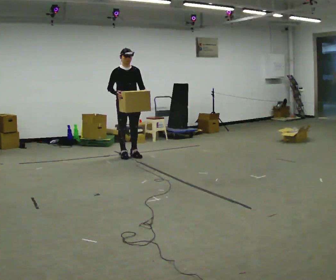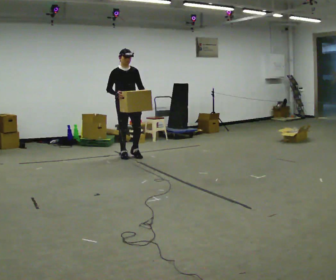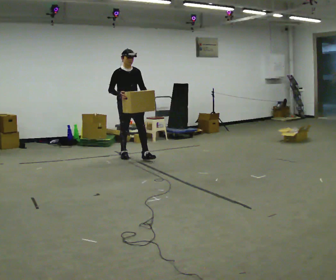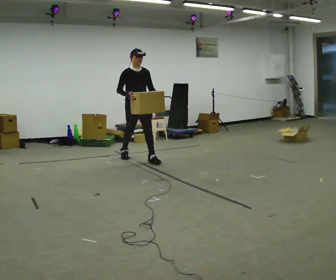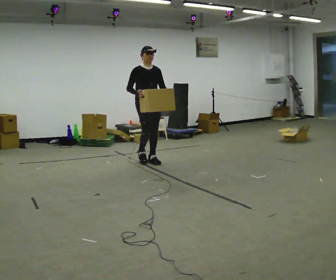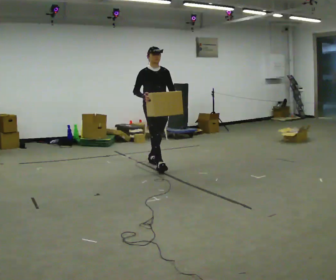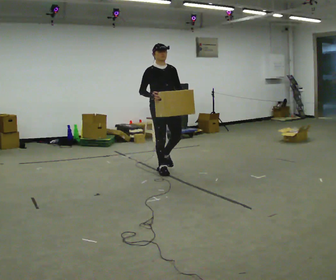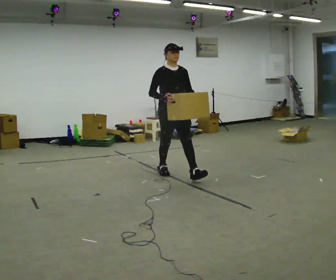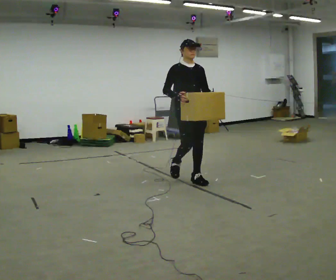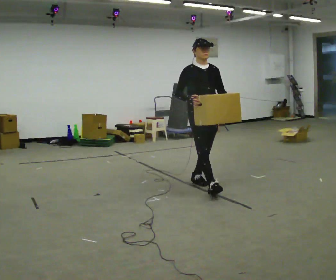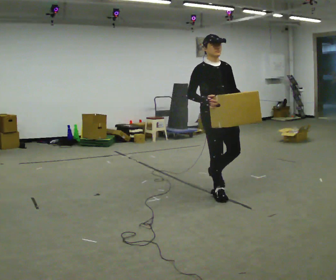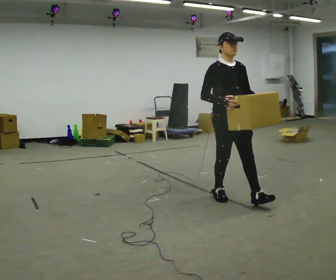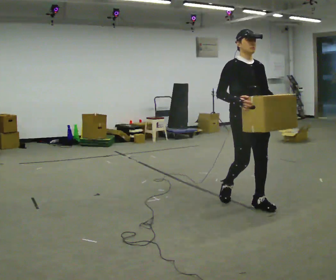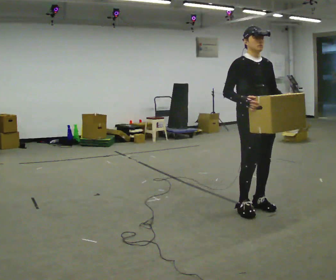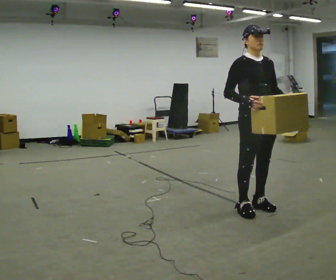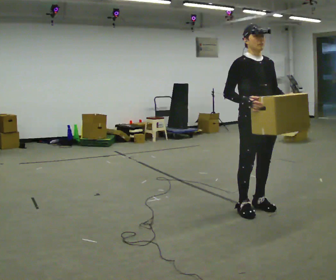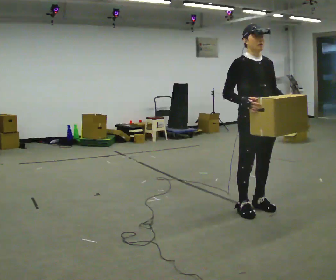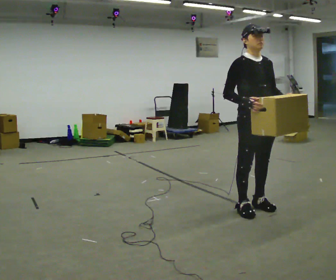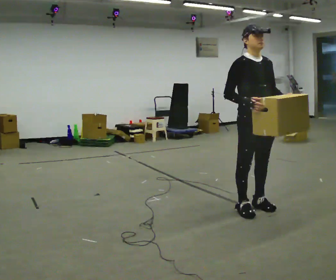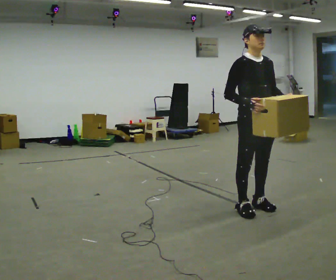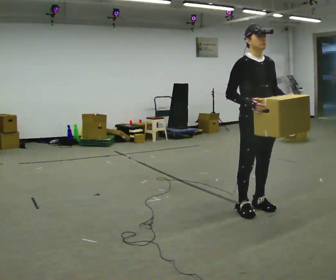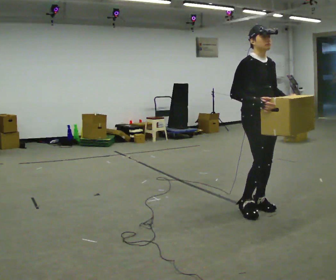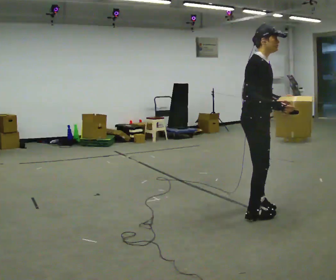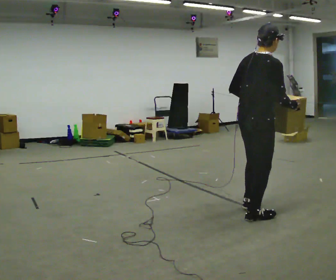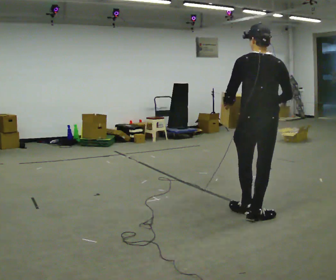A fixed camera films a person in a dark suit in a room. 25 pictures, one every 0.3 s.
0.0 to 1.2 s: In the picture they go to the right and toward the camera, about 0.5 m in 1 step, which for them is forward.
1.2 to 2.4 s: In the picture they go to the right and toward the camera, about 1 m in 2 steps, which for them is forward.
2.4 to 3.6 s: In the picture they go to the right and toward the camera, about 1 m in 2 steps, which for them is forward.
3.6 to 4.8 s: In the picture they go toward the camera, about 0.25 m in 1 step, which for them is forward.
4.8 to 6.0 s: The person moves a little, or ends about where they began.
6.0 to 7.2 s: The person turns about 150 degrees to their left, counterclockwise seen from above, so the part of the body nearest the lens slides to the right. In the picture they go toward the camera, about 0.25 m in 2 steps. In the picture their left hand goes to the left.
The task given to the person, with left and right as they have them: Carry the box across the room as briskly as you comfortably can, back and forth. Do not run.
The film runs forward here.
